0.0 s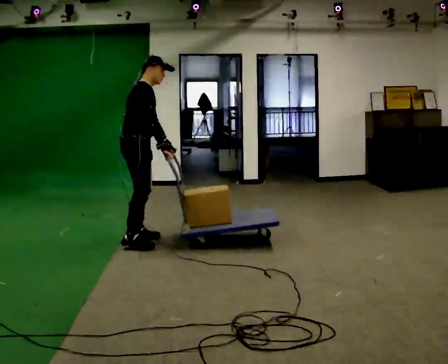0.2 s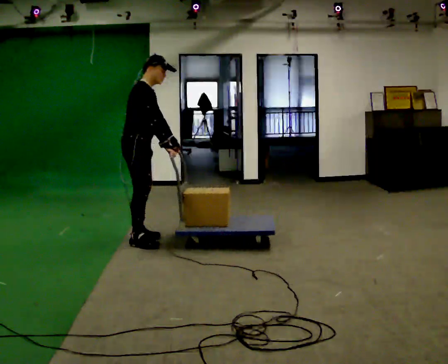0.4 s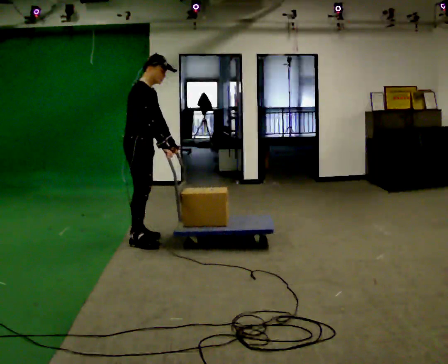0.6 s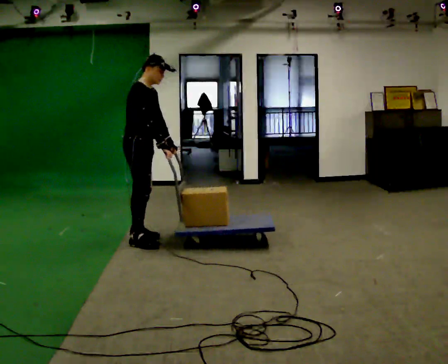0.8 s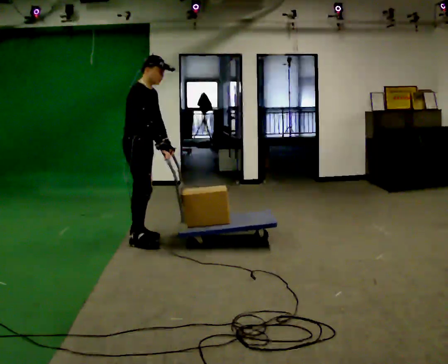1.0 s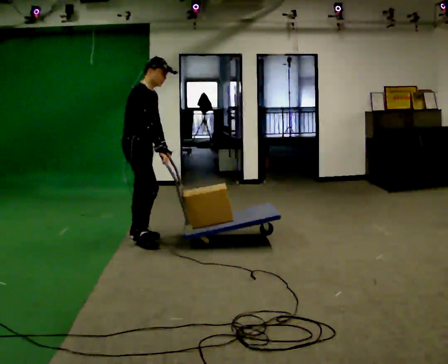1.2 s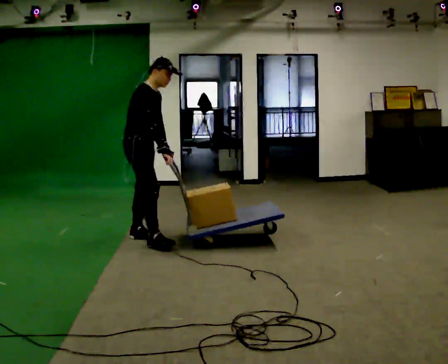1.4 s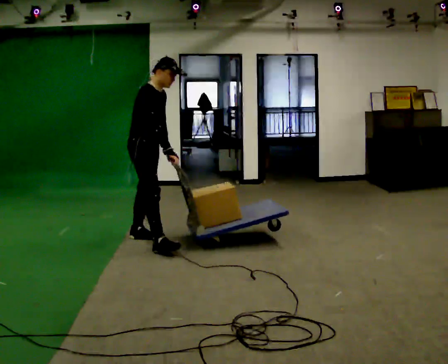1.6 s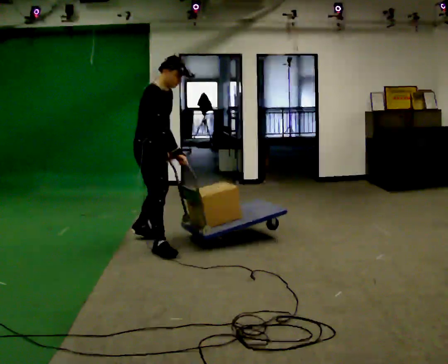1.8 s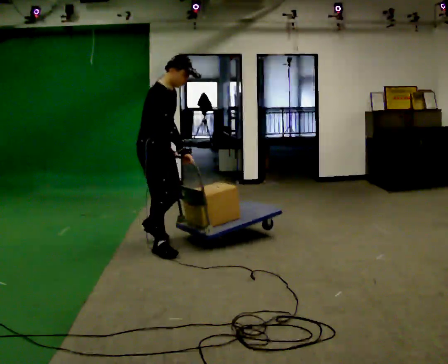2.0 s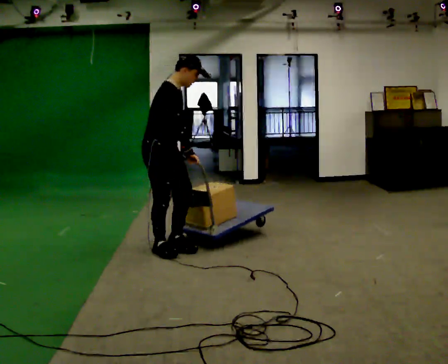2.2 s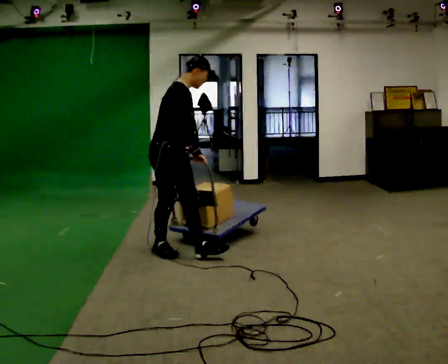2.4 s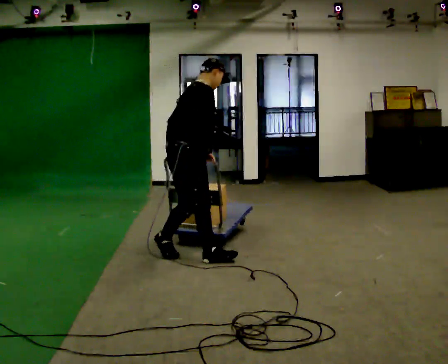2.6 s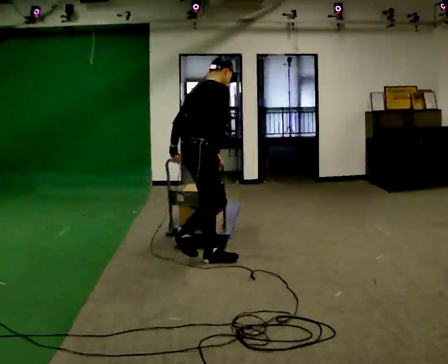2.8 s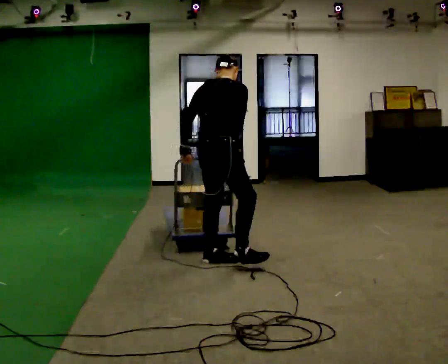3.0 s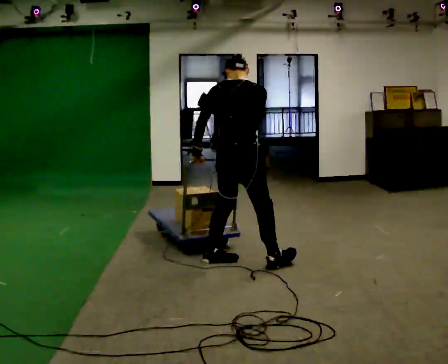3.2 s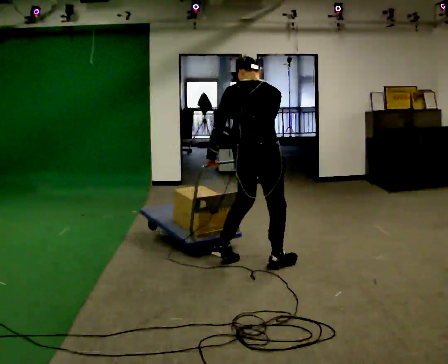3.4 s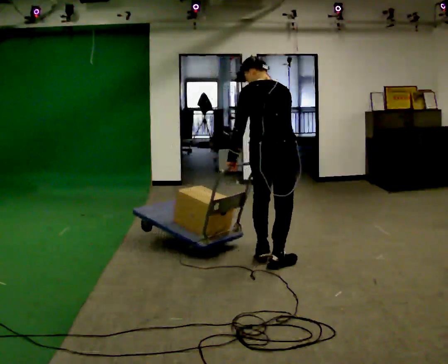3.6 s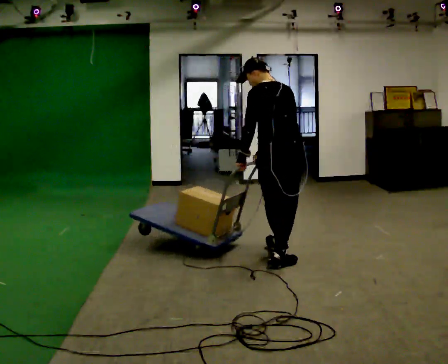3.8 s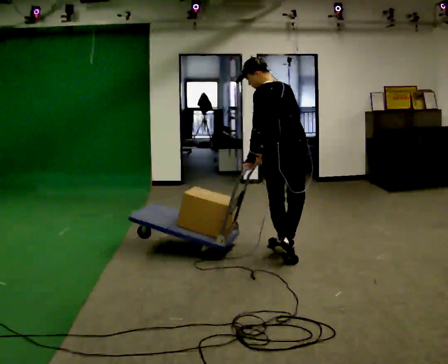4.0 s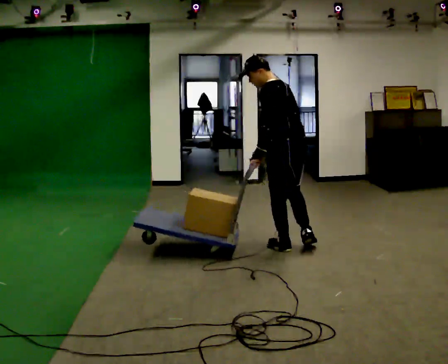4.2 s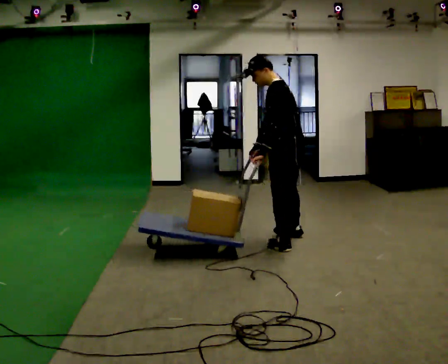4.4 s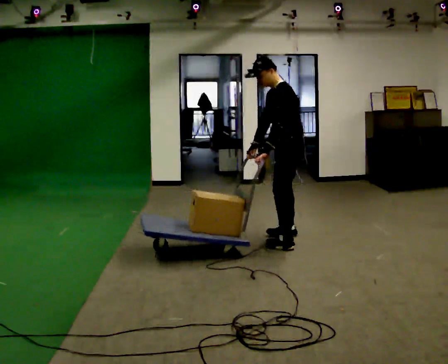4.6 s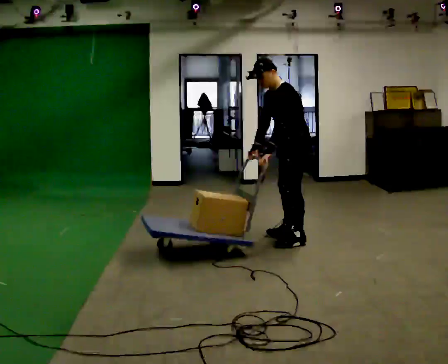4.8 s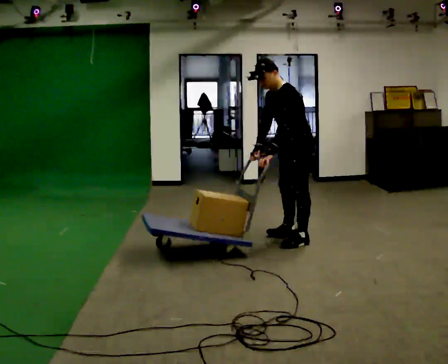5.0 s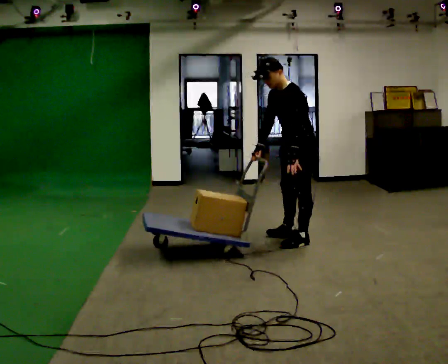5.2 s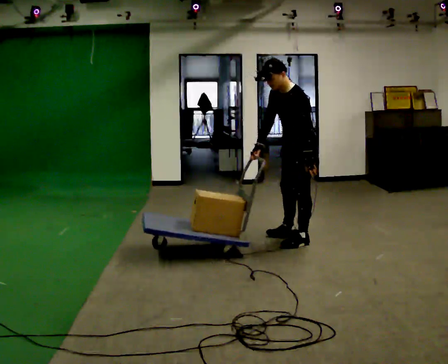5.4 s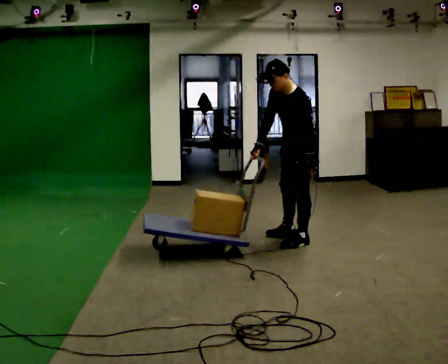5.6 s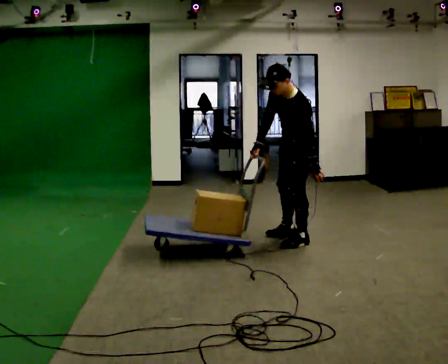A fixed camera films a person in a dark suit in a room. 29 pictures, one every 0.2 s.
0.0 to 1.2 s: The person moves a little, or ends about where they began.
1.2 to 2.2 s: In the picture they go toward the camera and to the right, about 0.5 m in 1 step, which for them is forward and to their right.
2.2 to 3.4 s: Seen from above the body turns counterclockwise, about 105 degrees: to their left, with its near side sliding to the right. In the picture they go to the right, about 1 m in 2 steps. In the picture the upper body tilts counterclockwise, shoulders to the left.
3.4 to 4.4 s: The part of the body nearest the lens slides to the right as the person turns to their left by about 90 degrees. In the picture they go away from the camera, about 0.75 m in 2 steps. The upper body tips toward the camera, its near side rolling downward.
4.4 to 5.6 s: The upper body tips toward the camera, its near side rolling downward. In the picture their left hand goes to the right.
The film runs forward here.
